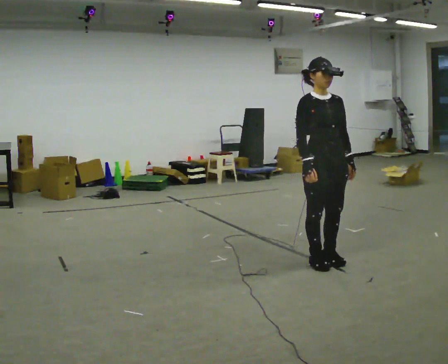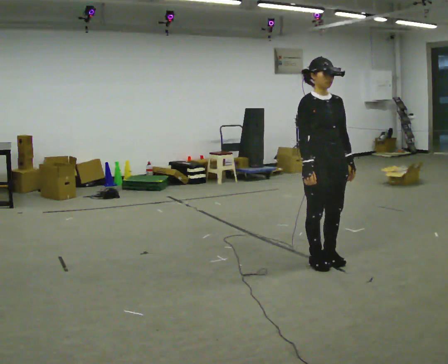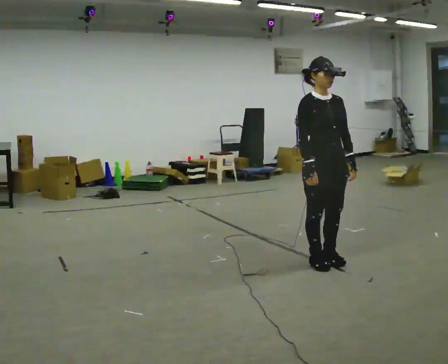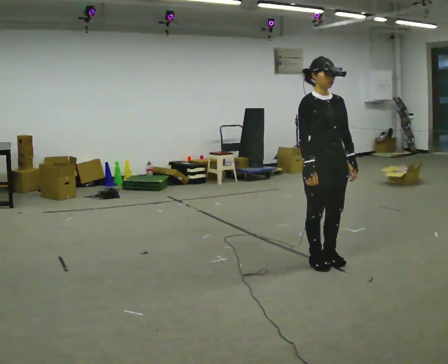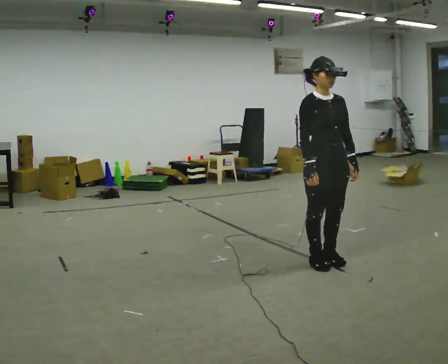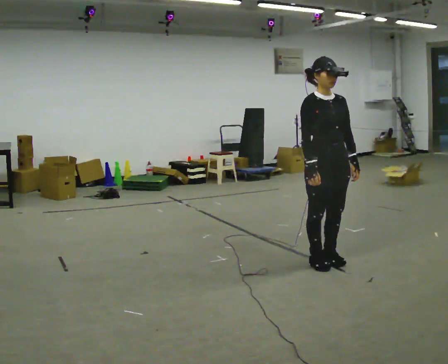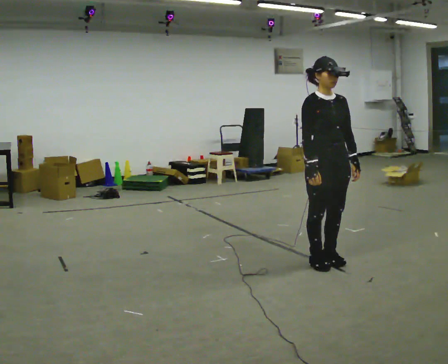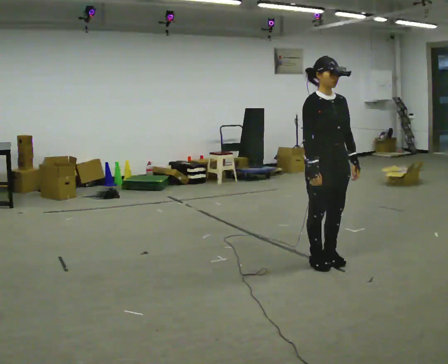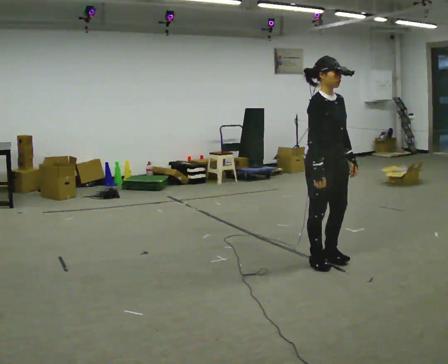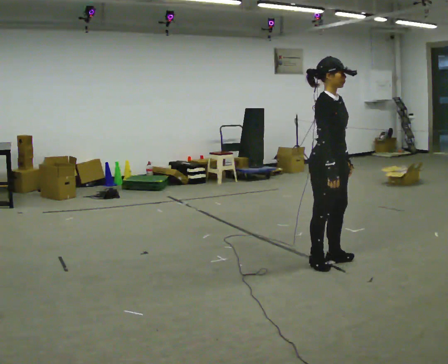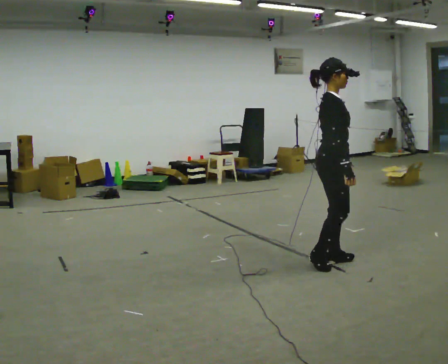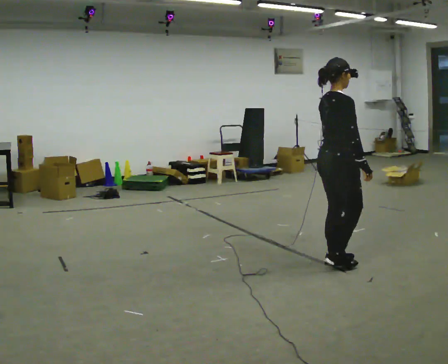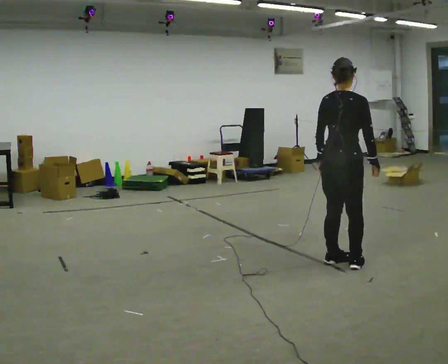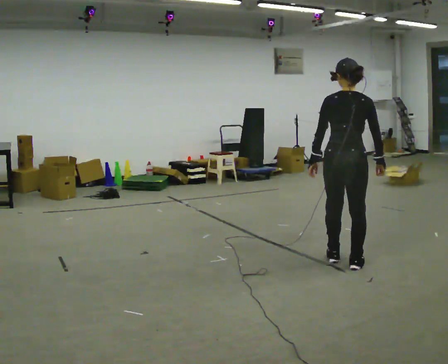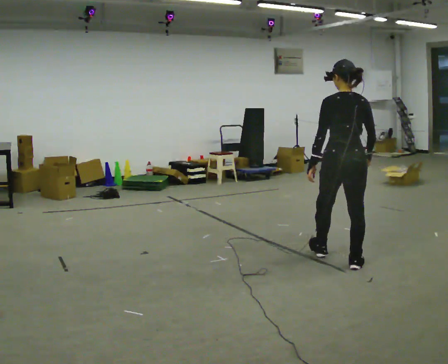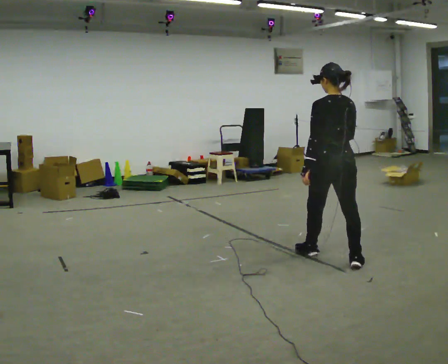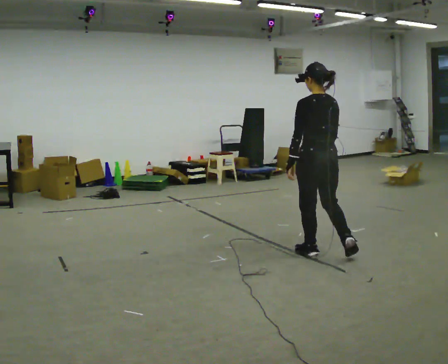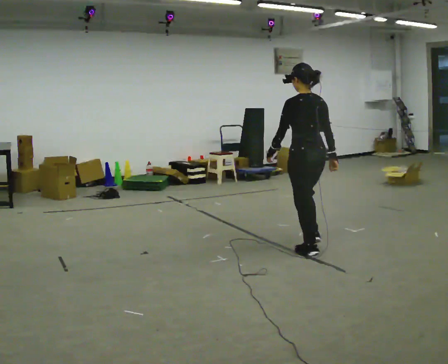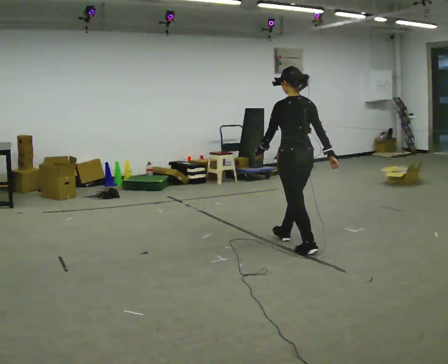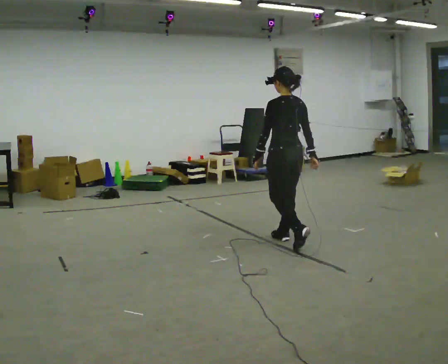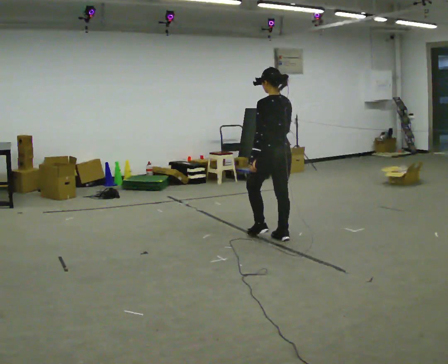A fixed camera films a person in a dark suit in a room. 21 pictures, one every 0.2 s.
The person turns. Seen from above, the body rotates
counterclockwise.
The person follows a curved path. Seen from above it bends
counterclockwise.
0.0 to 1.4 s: The person moves a little, or ends about where they began.
1.4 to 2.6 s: The part of the body nearest the lens slides to the right as the person turns to their left by about 135 degrees. In the picture they go to the right, about 0.25 m in 1 step. In the picture their left hand goes to the left, the arm swinging clockwise.
2.6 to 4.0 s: Seen from above the body turns counterclockwise, about 45 degrees: to their left, with its near side sliding to the right. In the picture they go away from the camera and to the left, about 1 m in 2 steps, which for them is forward.
The film runs forward here.
